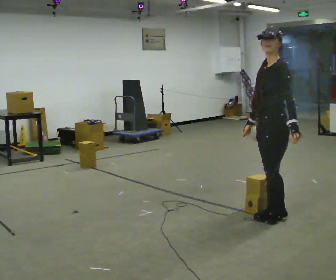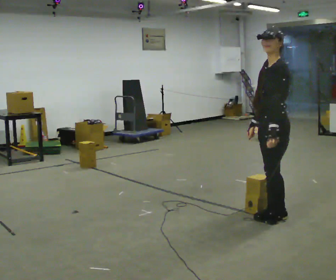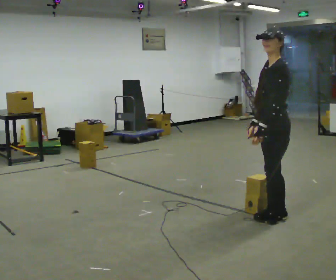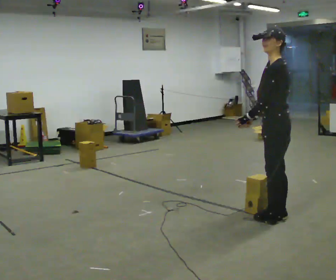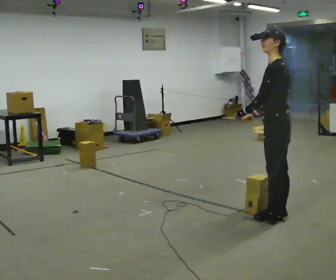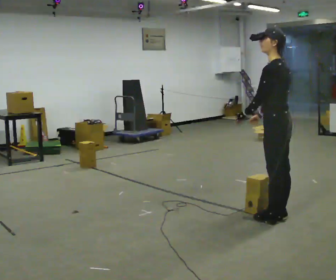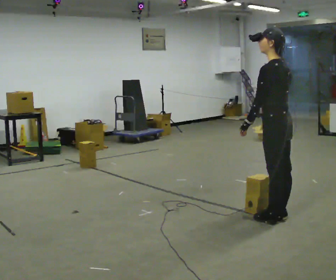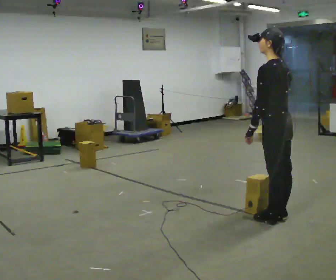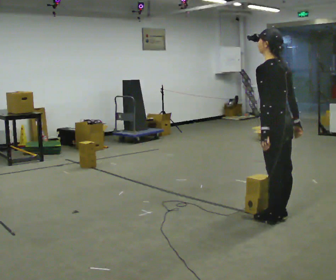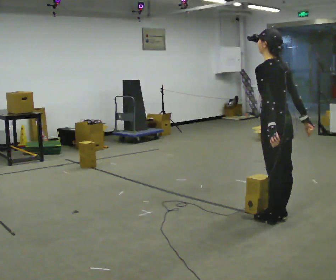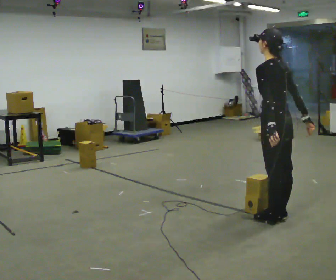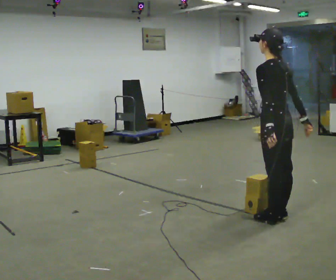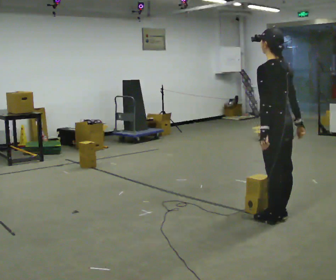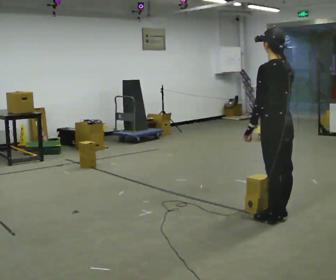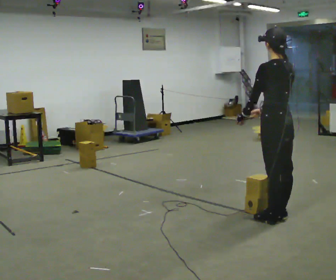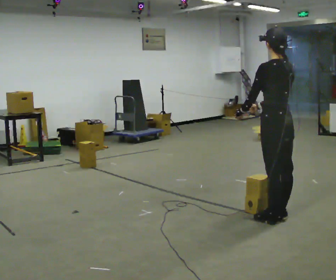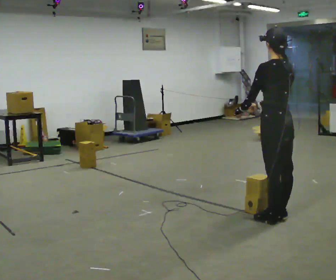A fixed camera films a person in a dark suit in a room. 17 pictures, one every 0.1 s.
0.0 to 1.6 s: The person turns about 60 degrees to their right, clockwise seen from above, so the part of the body nearest the lens slides to the left. In the picture their left hand goes to the left.
The film runs backward here.
